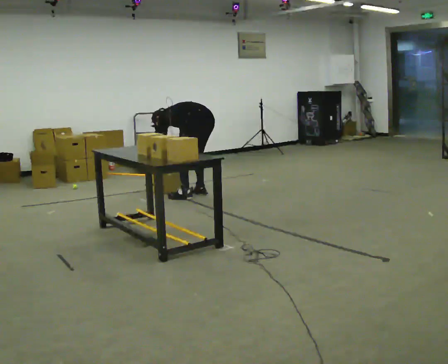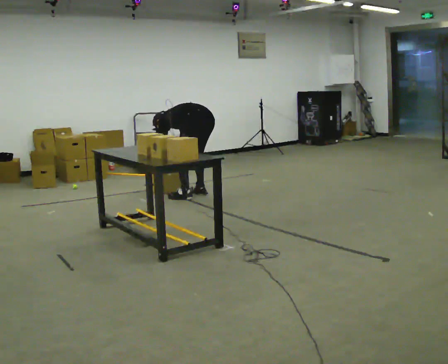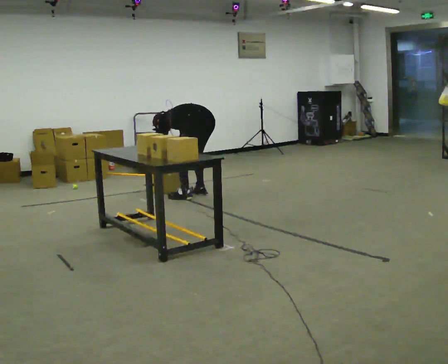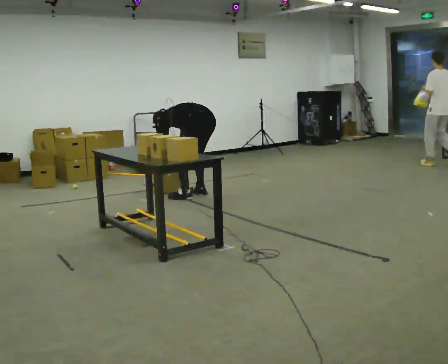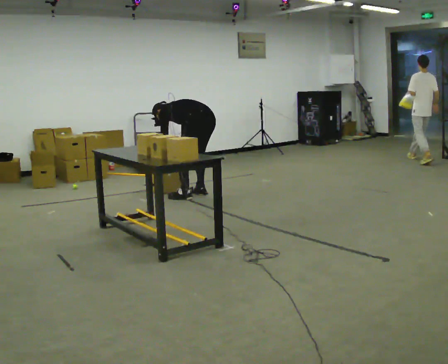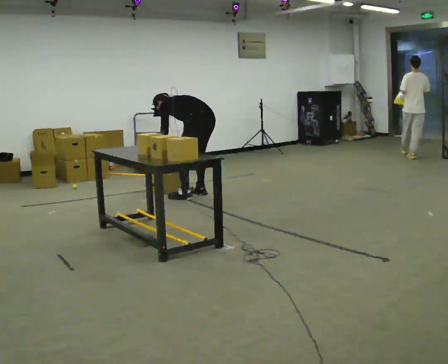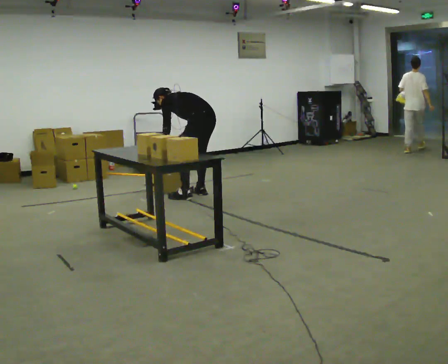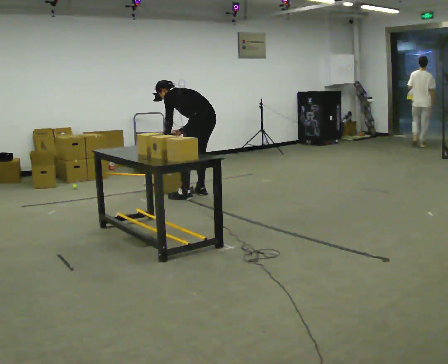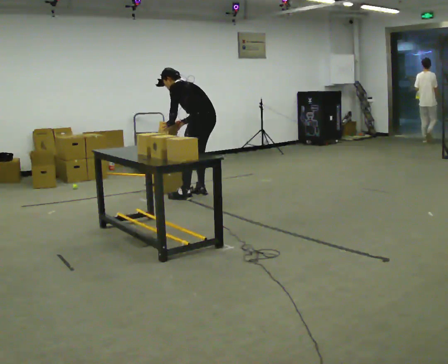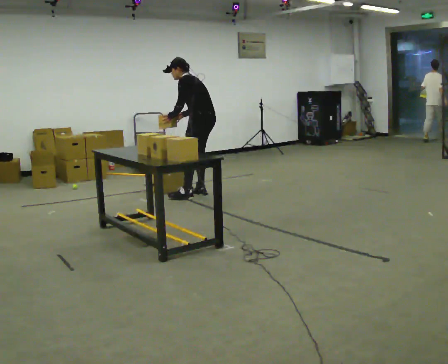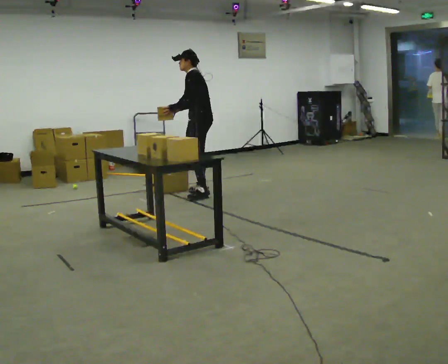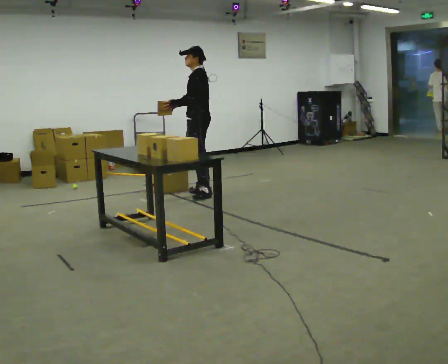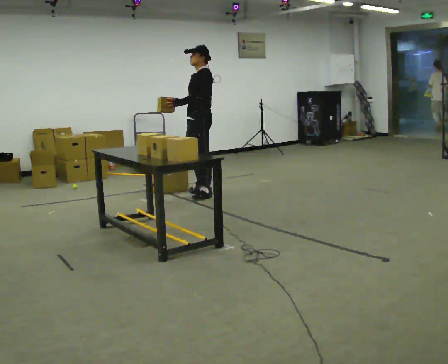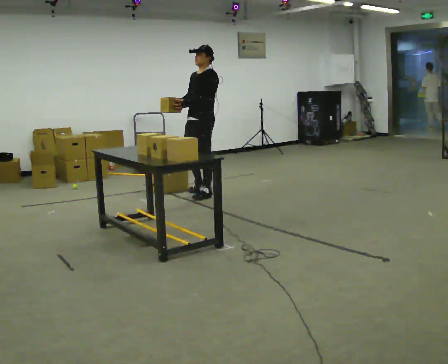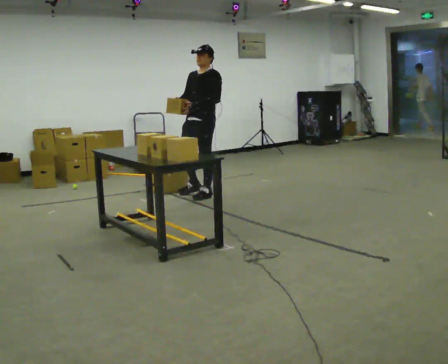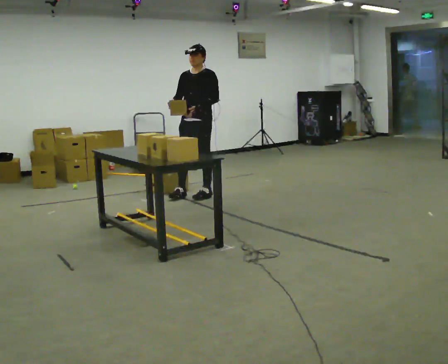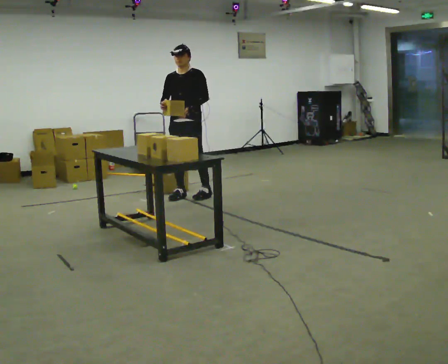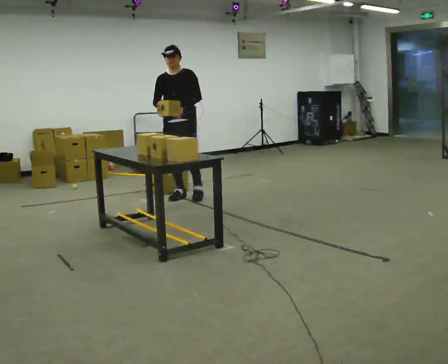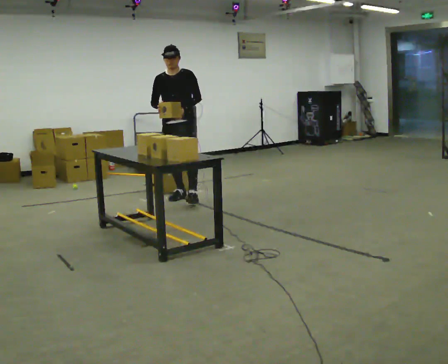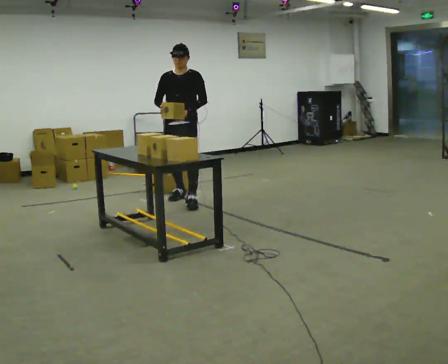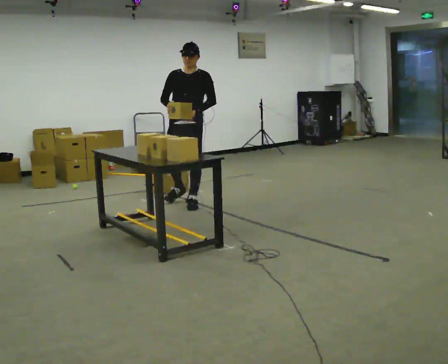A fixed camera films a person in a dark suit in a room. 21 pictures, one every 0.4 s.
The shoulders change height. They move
upward.
The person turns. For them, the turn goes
to their left.
0.0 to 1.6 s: The person moves a little, or ends about where they began.
1.6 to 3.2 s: The shoulders move upward. The upper body tips toward the camera, its near side rolling downward, as they lean back or straighten. In the picture their left hand goes upward.
3.2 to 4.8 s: The part of the body nearest the lens slides to the right as the person turns to their left by about 45 degrees. In the picture the upper body tilts clockwise, shoulders to the right, as they lean back or straighten.
4.8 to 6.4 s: The part of the body nearest the lens slides to the right as the person turns to their left by about 60 degrees. In the picture they go to the left, about 0.25 m in 1 step, which for them is forward.
6.4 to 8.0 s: In the picture they go toward the camera, about 0.25 m in 1 step, which for them is forward and to their left.
The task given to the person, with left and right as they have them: Take an object out of the bin at knee height, carry it across the room, and place it on the chest-height shelf. Keep going until the operator says stop; one object at a time, and do not rush between trips.
The film runs forward here.
